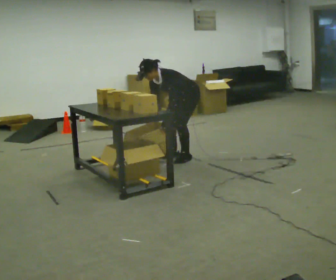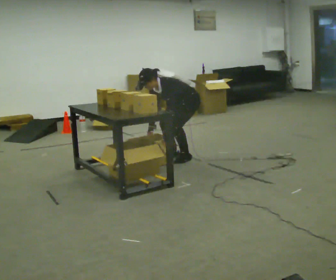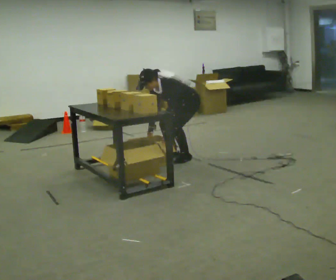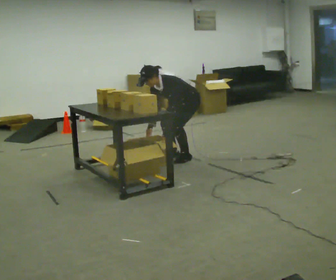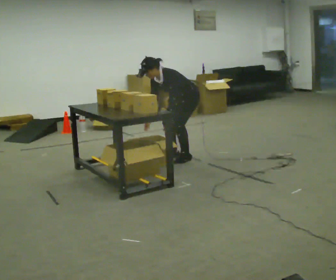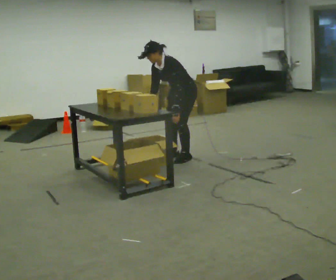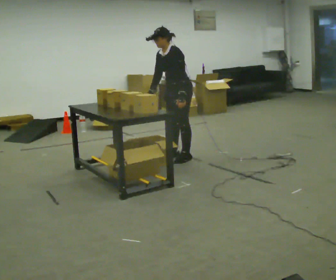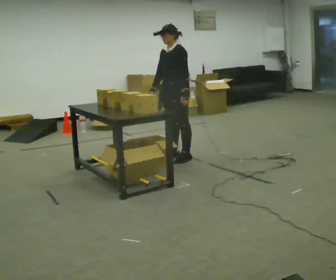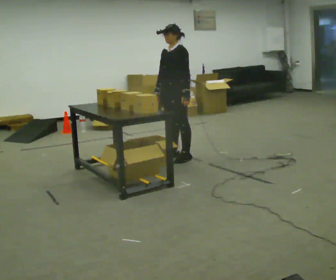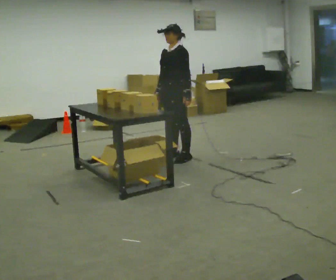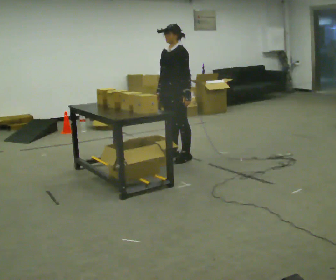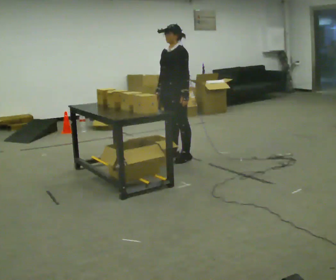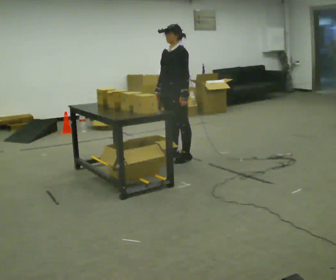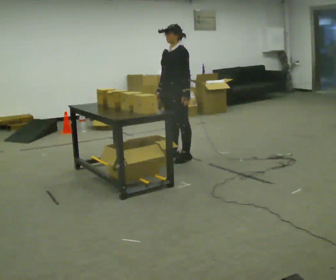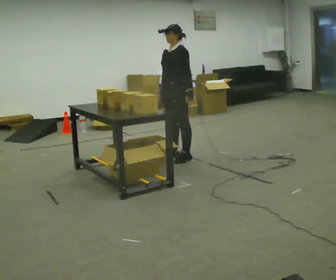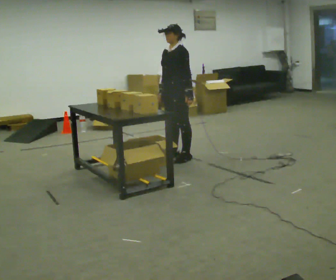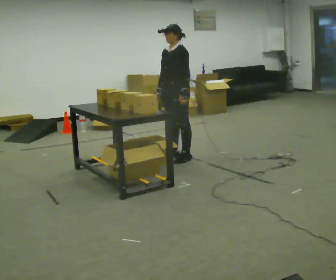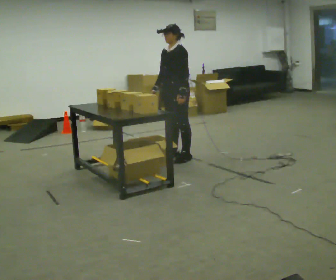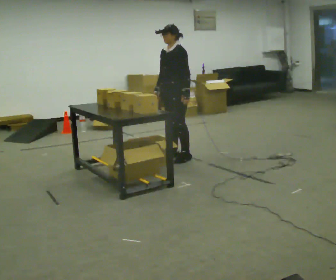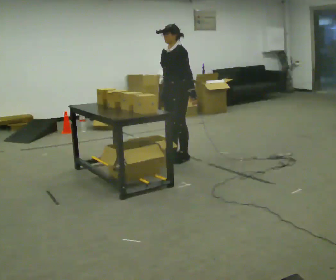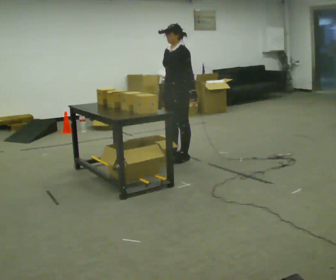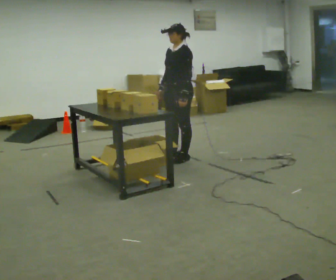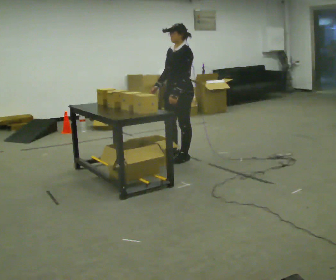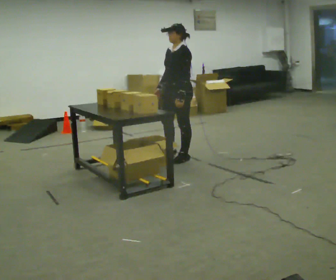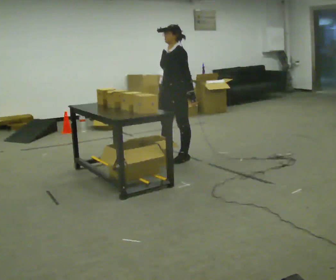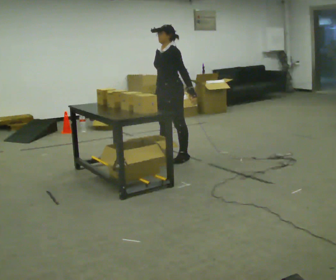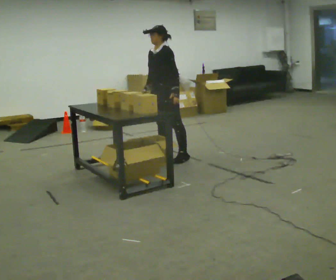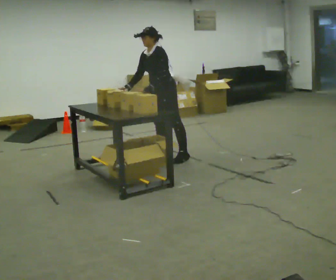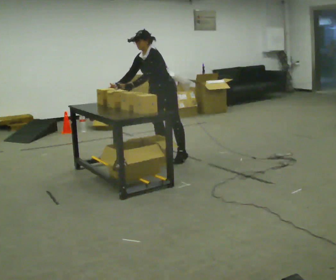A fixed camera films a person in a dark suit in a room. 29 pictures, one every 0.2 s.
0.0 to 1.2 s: In the picture the upper body tilts clockwise, shoulders to the right, as they lean back or straighten.
1.2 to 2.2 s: In the picture the upper body tilts clockwise, shoulders to the right, as they lean back or straighten.
2.2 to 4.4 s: The person moves a little, or ends about where they began.
4.4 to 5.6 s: In the picture they go to the left and away from the camera, about 0.25 m, which for them is to their right. In the picture the upper body tilts counterclockwise, shoulders to the left, as they bend forward.
The film runs backward here.
